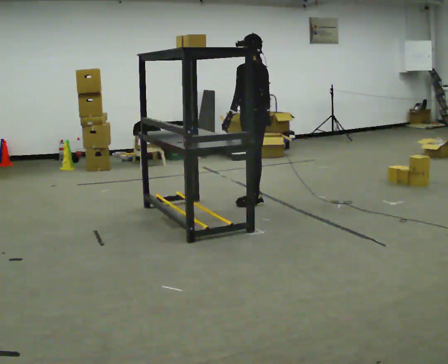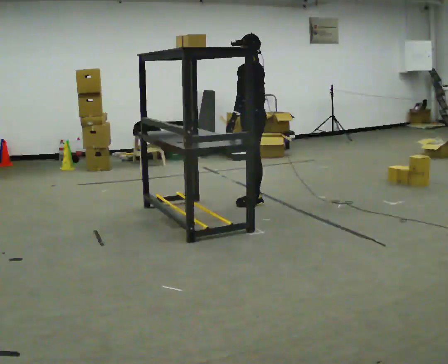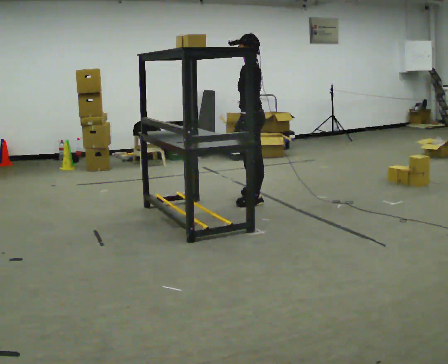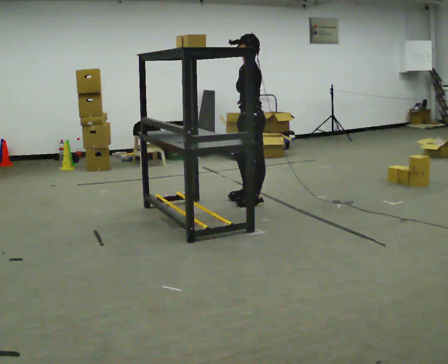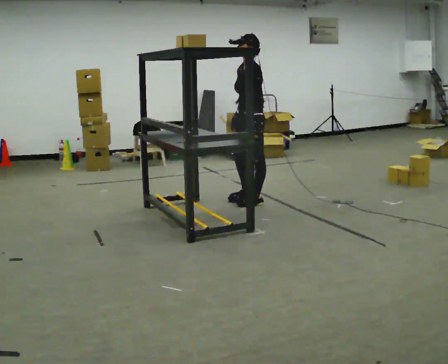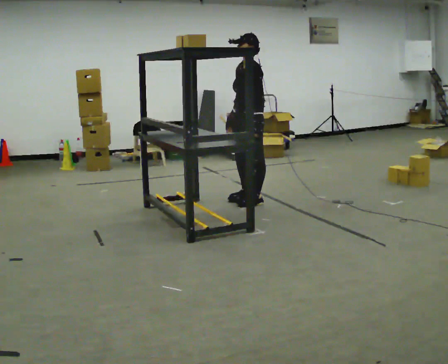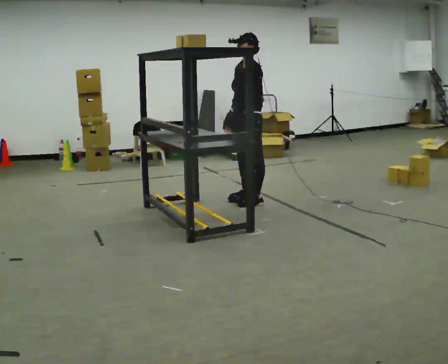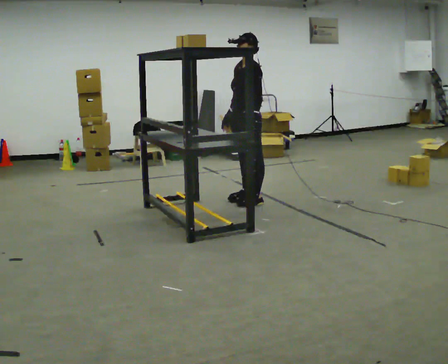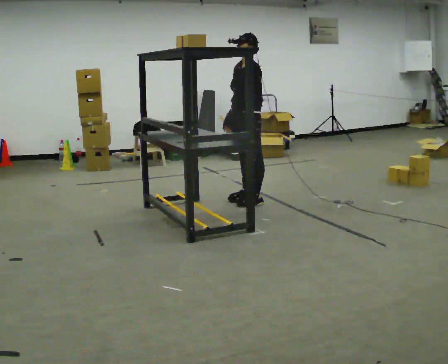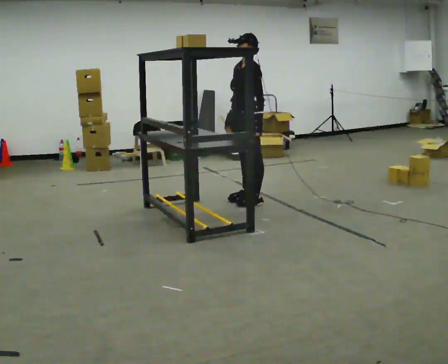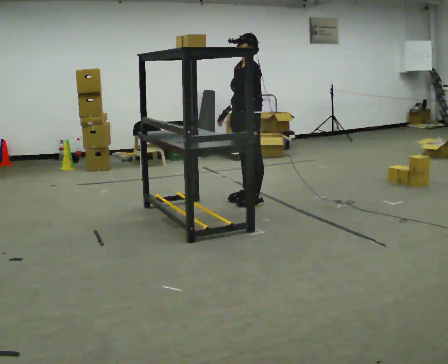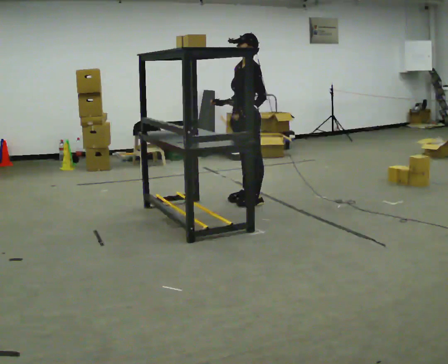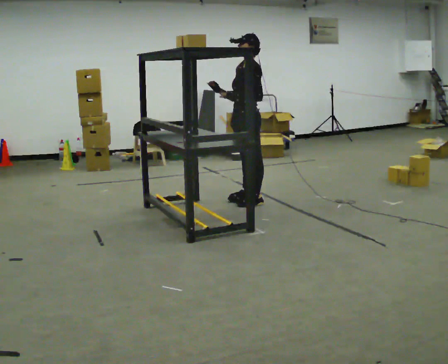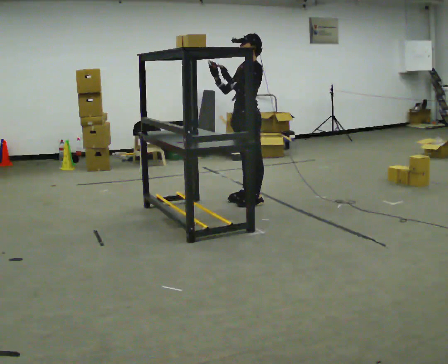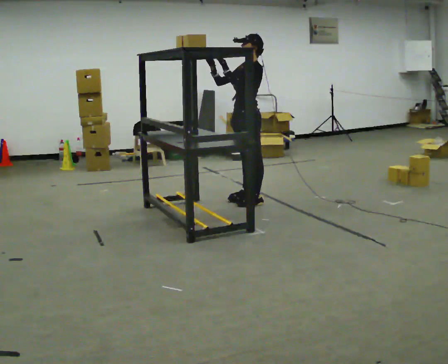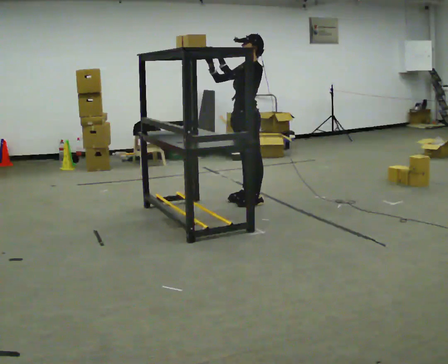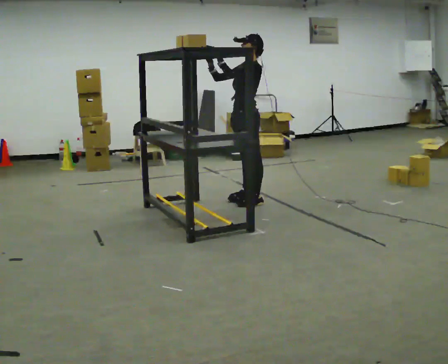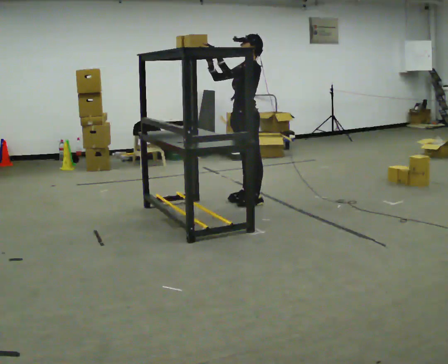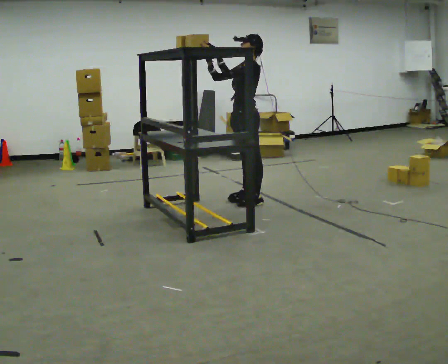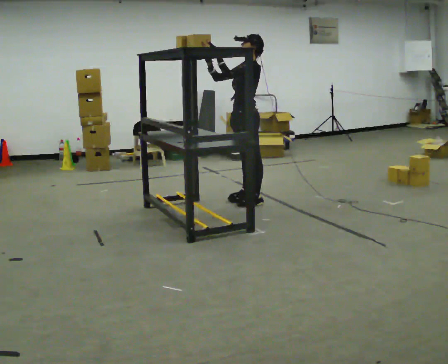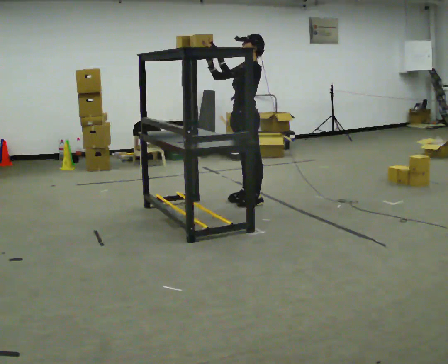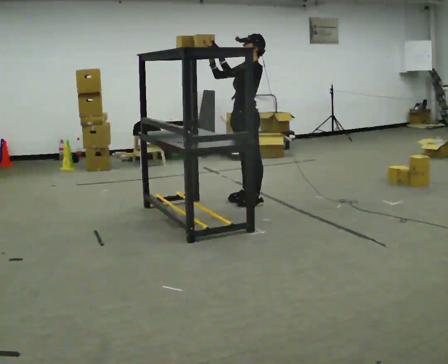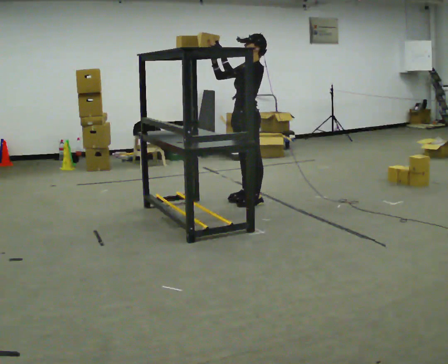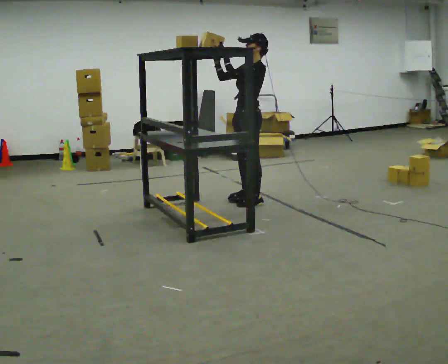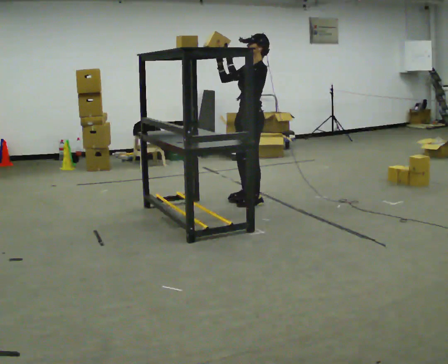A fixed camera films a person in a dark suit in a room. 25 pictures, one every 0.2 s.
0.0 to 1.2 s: The part of the body nearest the lens slides to the right as the person turns to their left by about 75 degrees. In the picture their right hand goes to the left.
1.2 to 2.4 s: The person moves a little, or ends about where they began.
2.4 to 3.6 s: In the picture their left hand goes upward.
3.6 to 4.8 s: The person moves a little, or ends about where they began.
The film runs backward here.
